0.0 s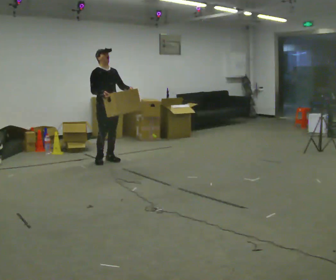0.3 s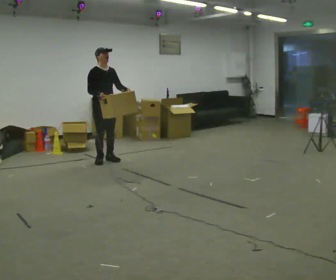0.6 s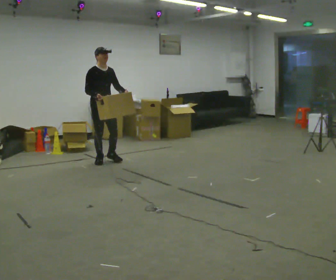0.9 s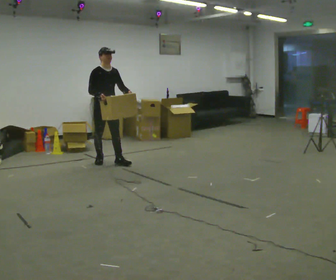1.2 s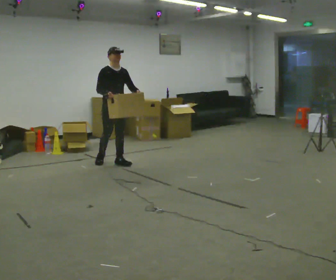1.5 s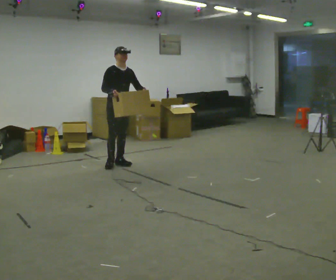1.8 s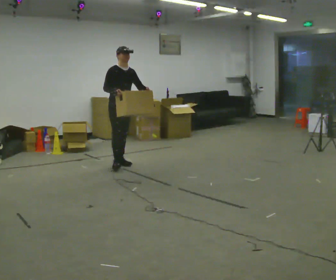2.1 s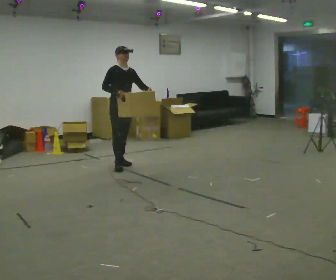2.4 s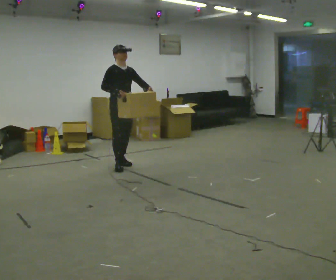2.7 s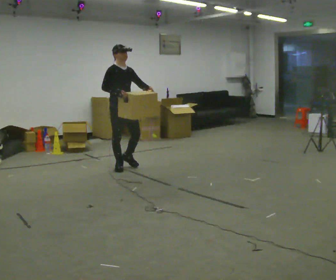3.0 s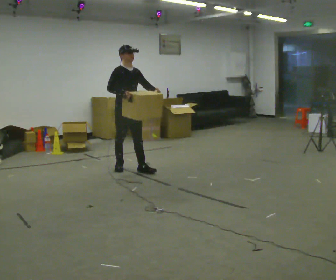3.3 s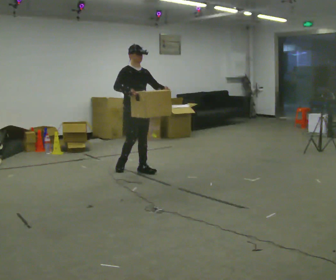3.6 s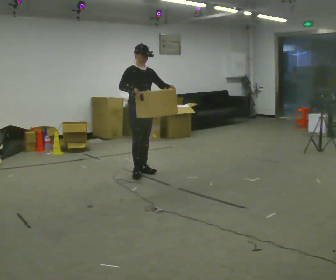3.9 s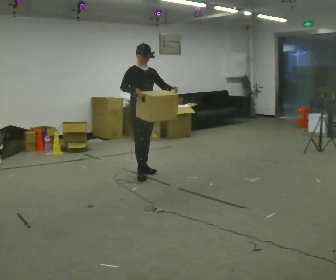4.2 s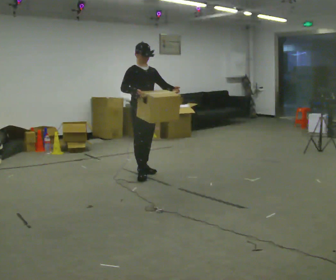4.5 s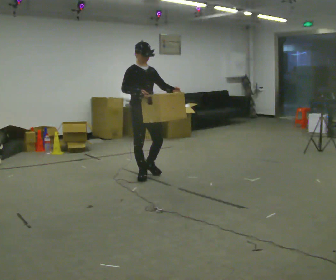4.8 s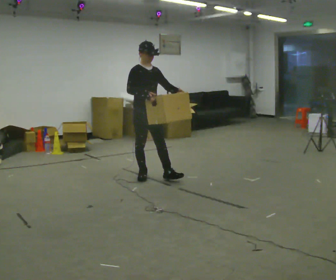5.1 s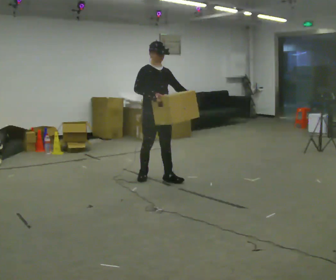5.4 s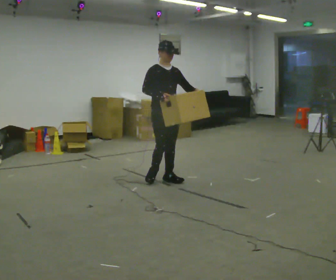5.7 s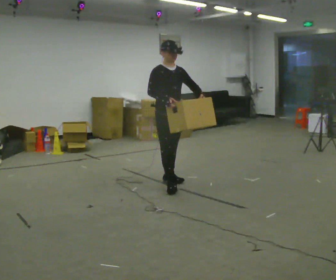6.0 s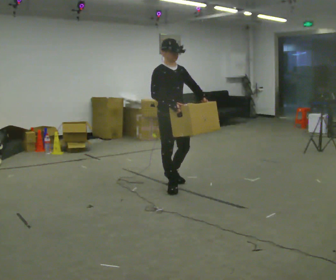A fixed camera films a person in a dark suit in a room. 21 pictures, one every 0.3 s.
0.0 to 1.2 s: The person moves a little, or ends about where they began.
1.2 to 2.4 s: In the picture they go toward the camera, about 0.25 m in 1 step, which for them is forward.
2.4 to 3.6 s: In the picture they go to the right and toward the camera, about 0.25 m in 1 step, which for them is forward.
3.6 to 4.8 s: In the picture they go toward the camera, about 0.25 m in 1 step, which for them is forward and to their right.
4.8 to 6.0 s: In the picture they go toward the camera and to the right, about 0.5 m in 2 steps, which for them is forward.
The film runs forward here.
